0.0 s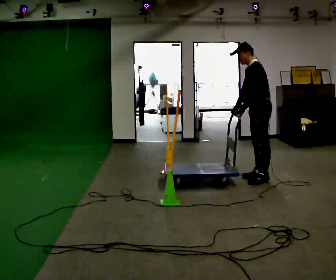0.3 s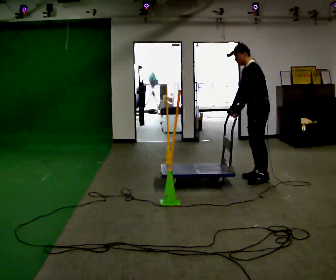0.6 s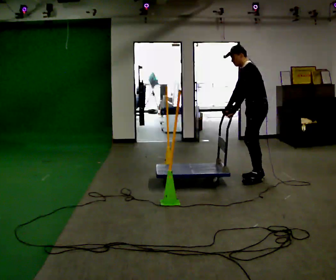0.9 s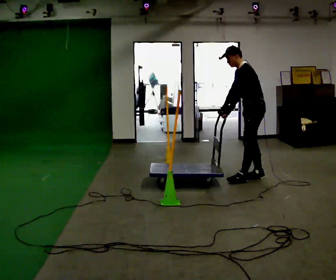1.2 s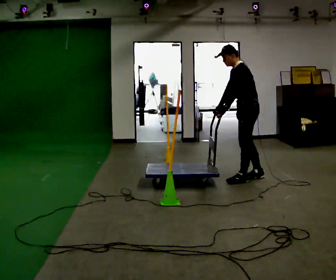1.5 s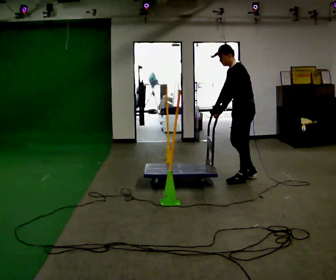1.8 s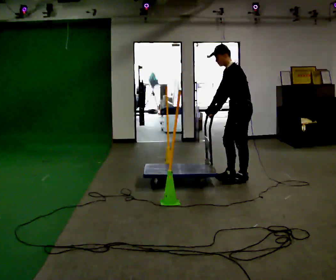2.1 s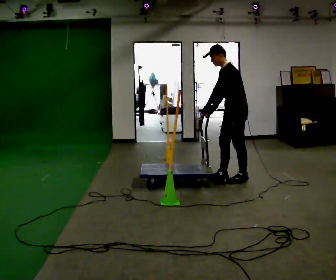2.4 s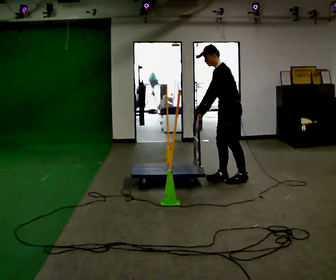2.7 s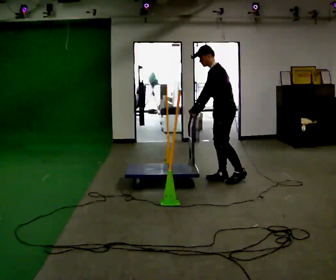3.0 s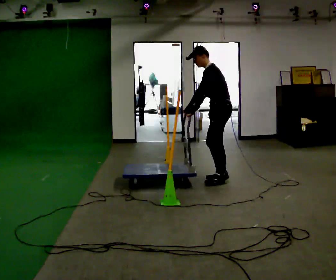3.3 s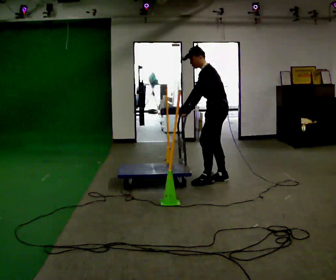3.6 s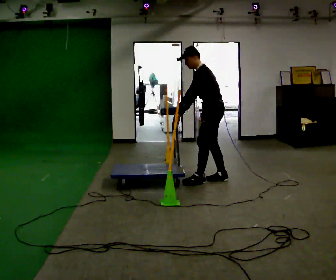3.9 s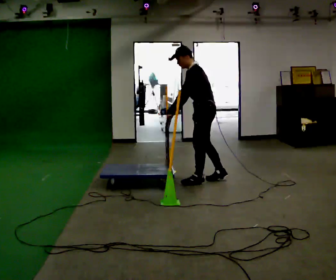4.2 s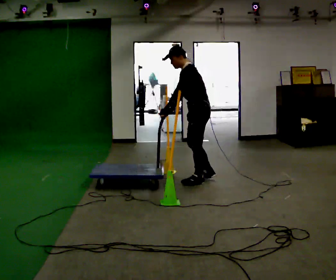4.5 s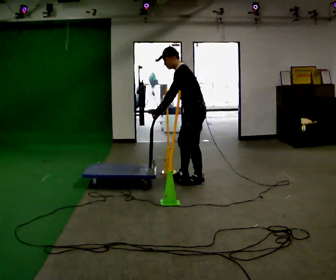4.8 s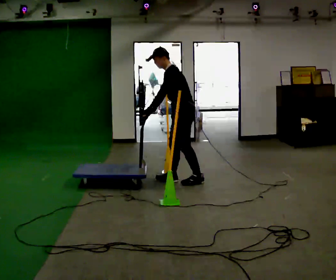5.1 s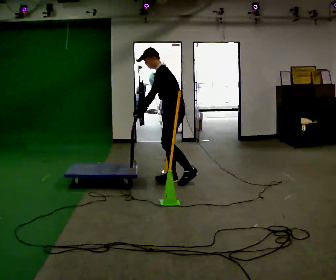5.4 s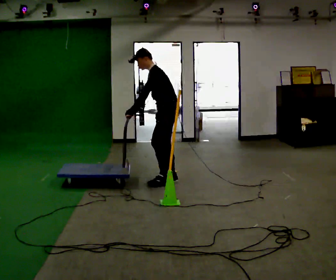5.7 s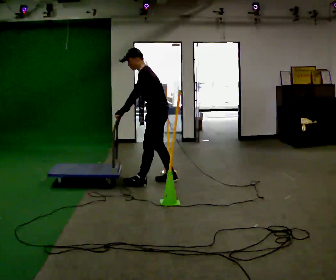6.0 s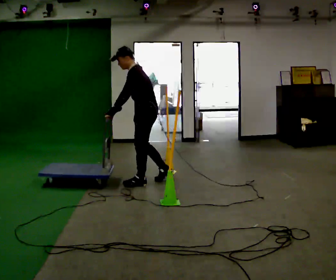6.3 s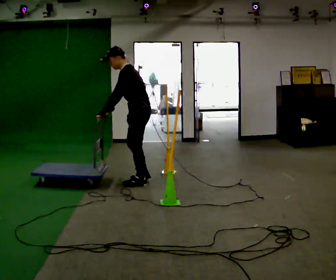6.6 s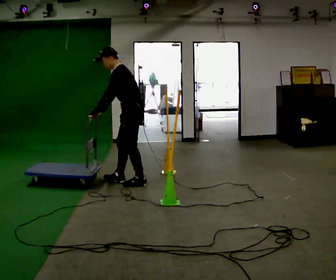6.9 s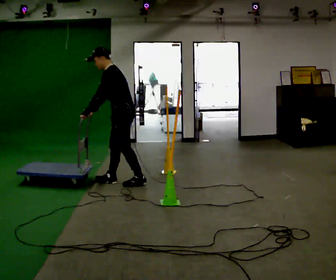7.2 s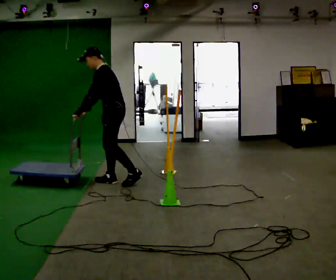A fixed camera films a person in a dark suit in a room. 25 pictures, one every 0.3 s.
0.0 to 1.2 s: In the picture they go to the left, about 0.25 m in 1 step, which for them is forward.
1.2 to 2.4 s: In the picture they go to the left, about 0.25 m in 1 step, which for them is forward.
2.4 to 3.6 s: In the picture they go to the left, about 0.25 m in 1 step, which for them is forward.
3.6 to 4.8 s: In the picture they go to the left, about 0.25 m in 1 step, which for them is forward.
4.8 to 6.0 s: In the picture they go to the left, about 0.5 m in 1 step, which for them is forward.
6.0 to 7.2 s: In the picture they go to the left, about 0.5 m in 1 step, which for them is forward.
The film runs forward here.
